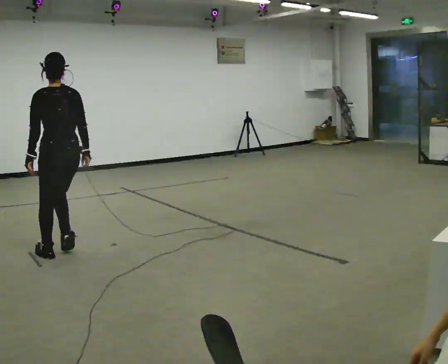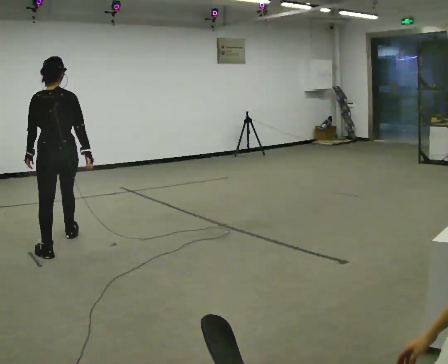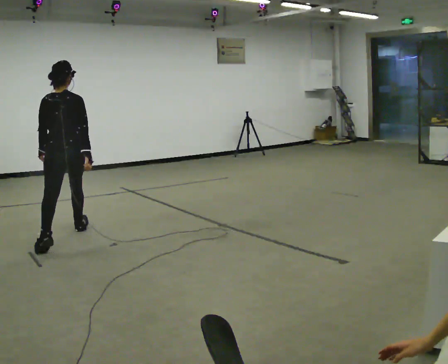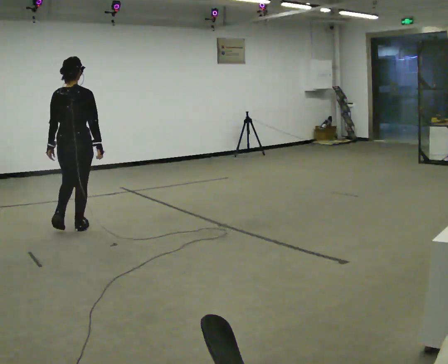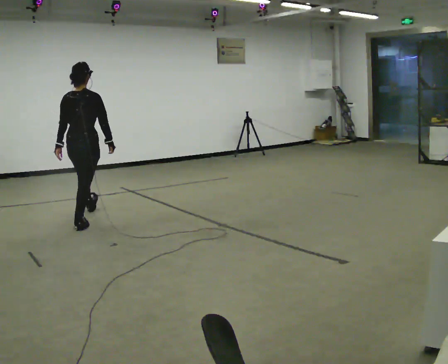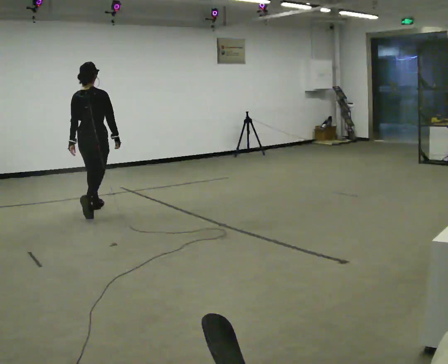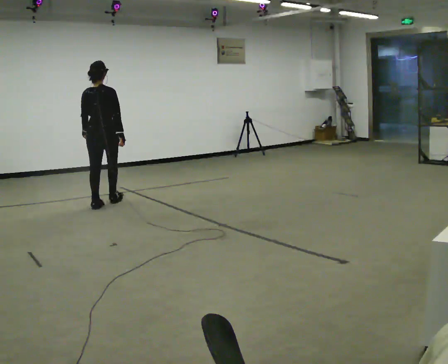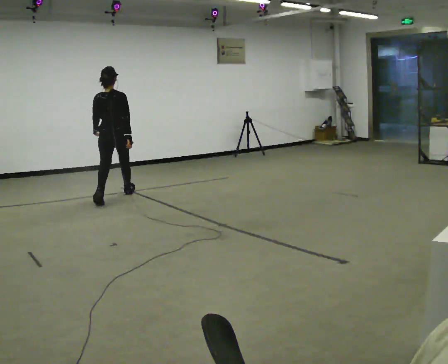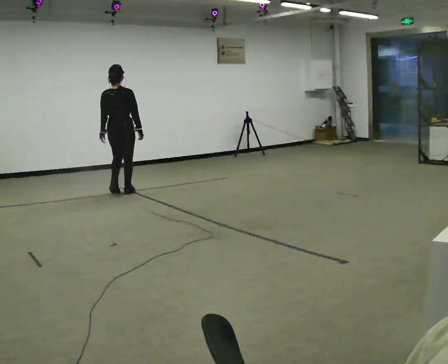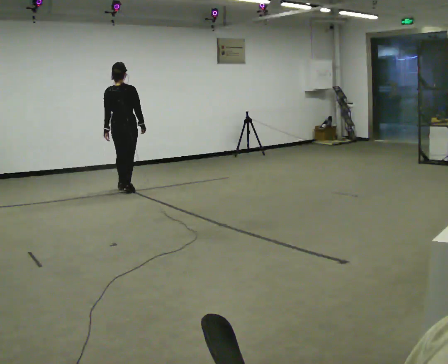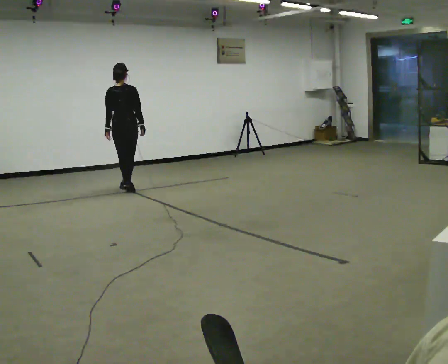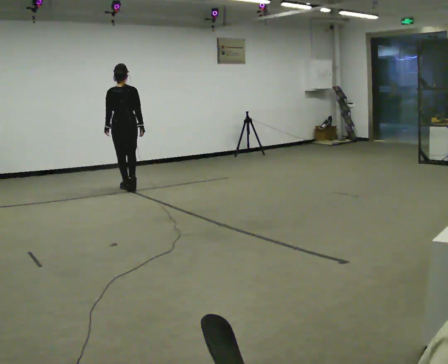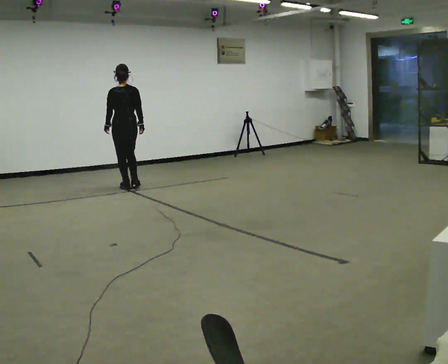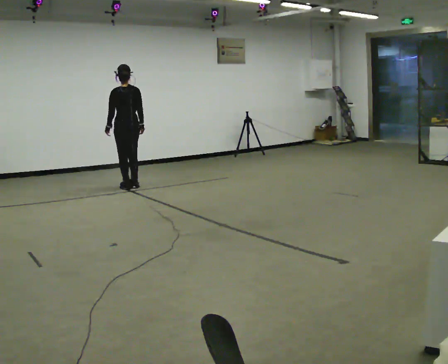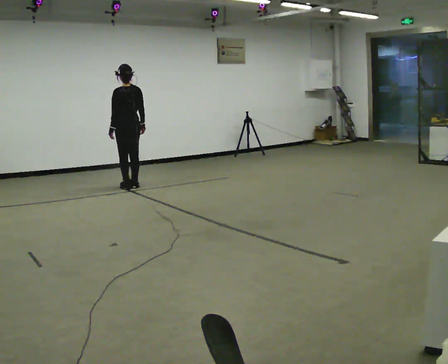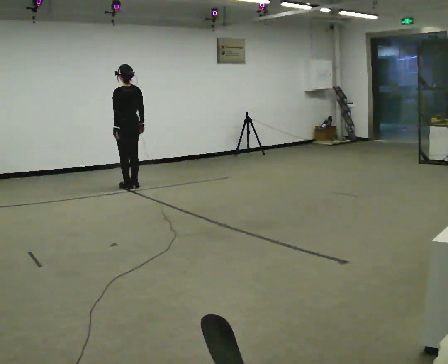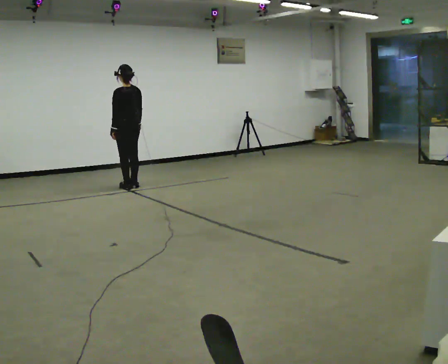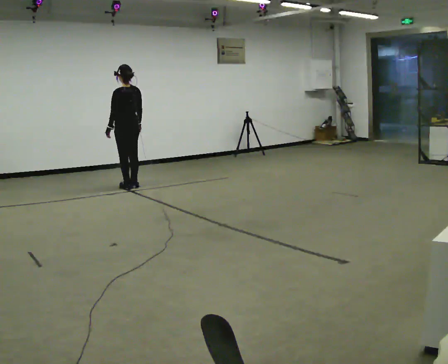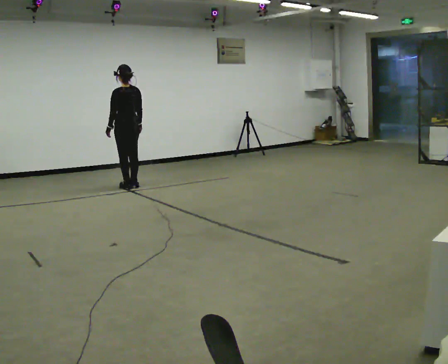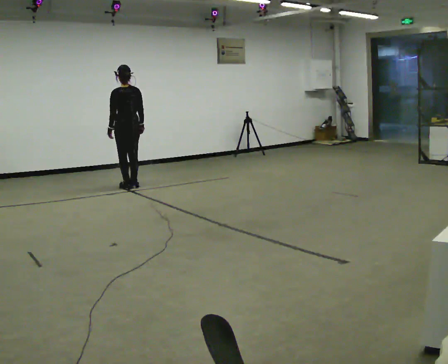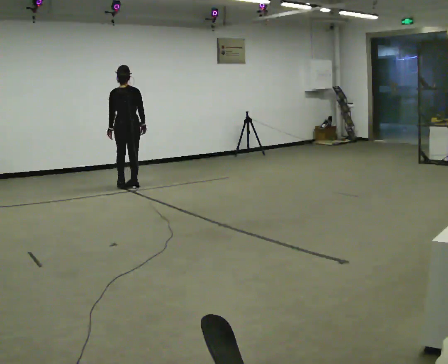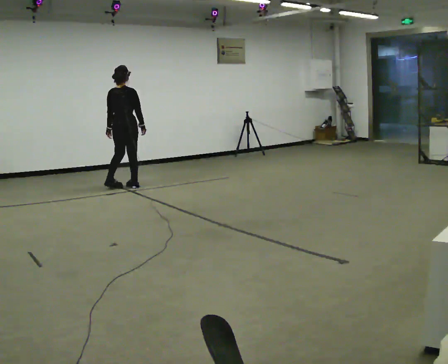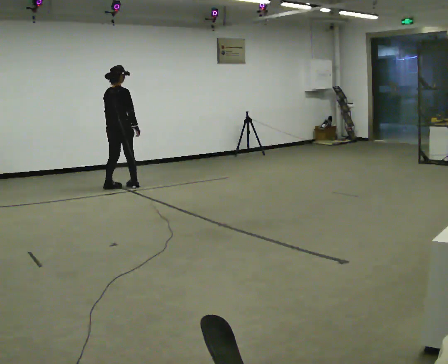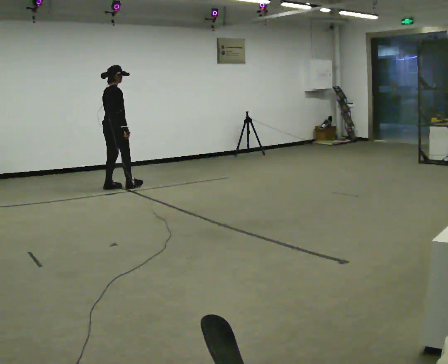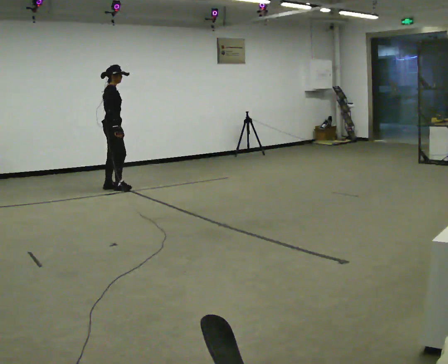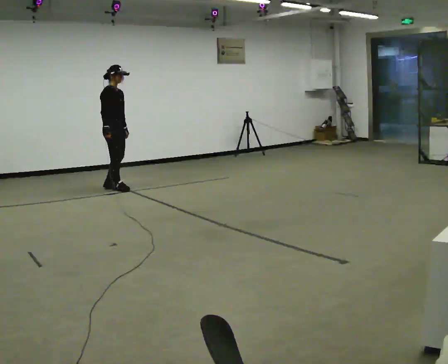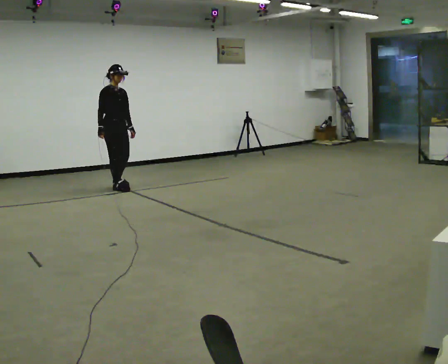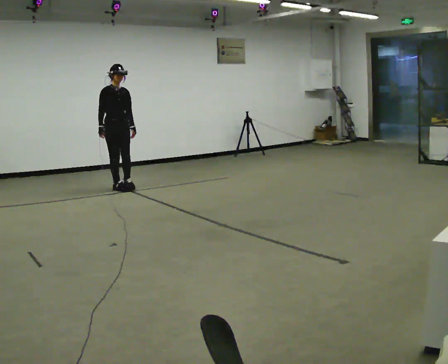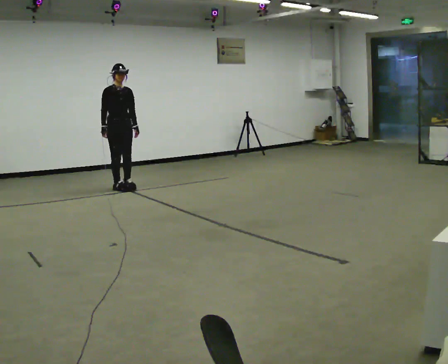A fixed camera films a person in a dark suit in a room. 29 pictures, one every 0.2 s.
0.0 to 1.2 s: The person turns about 45 degrees to their right, clockwise seen from above, so the part of the body nearest the lens slides to the left. In the picture they go away from the camera, about 1.5 m in 2 steps, which for them is forward.
1.2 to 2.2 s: In the picture they go away from the camera, about 1 m in 2 steps, which for them is forward.
2.2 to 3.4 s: Seen from above the body turns counterclockwise, about 30 degrees: to their left, with its near side sliding to the right.
3.4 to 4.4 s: The person turns about 60 degrees to their right, clockwise seen from above, so the part of the body nearest the lens slides to the left.
4.4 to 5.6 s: The part of the body nearest the lens slides to the left as the person turns to their right by about 120 degrees. In the picture their right hand goes to the left, the arm swinging clockwise.
The film runs forward here.
